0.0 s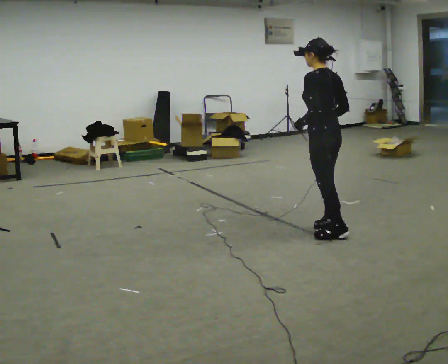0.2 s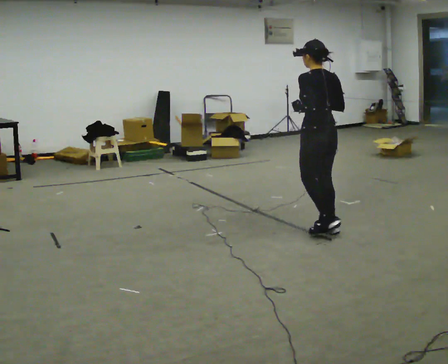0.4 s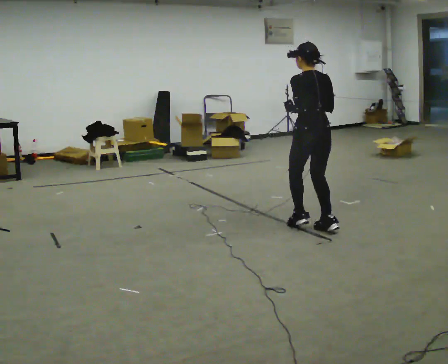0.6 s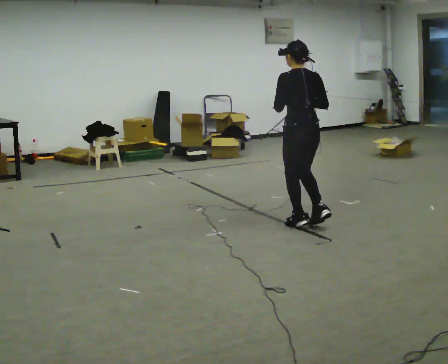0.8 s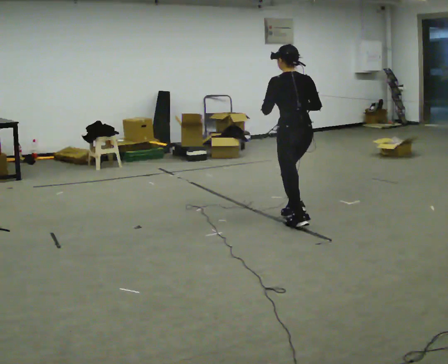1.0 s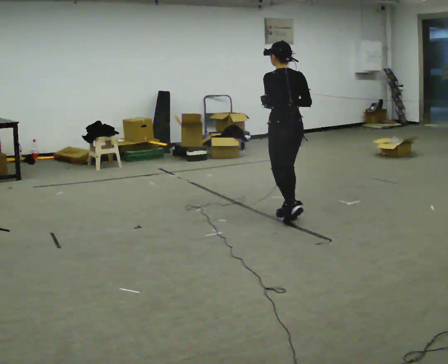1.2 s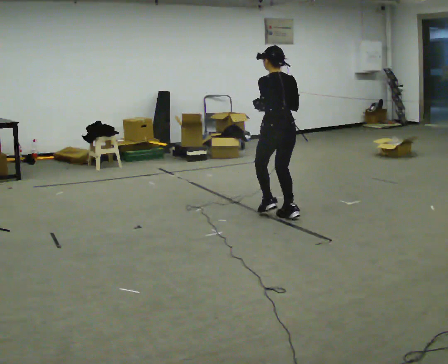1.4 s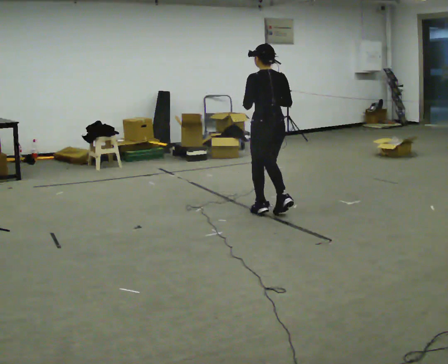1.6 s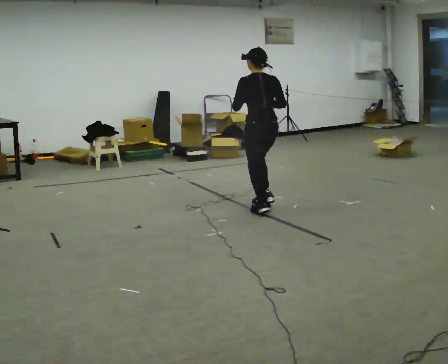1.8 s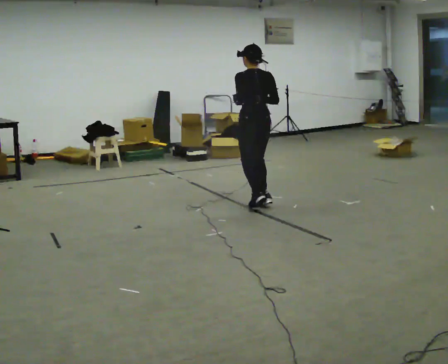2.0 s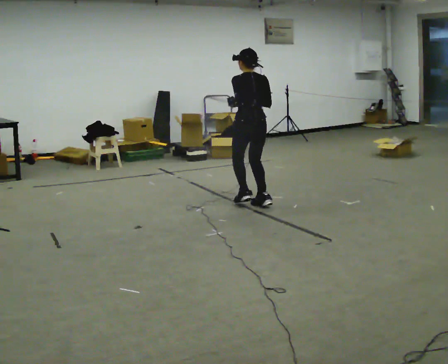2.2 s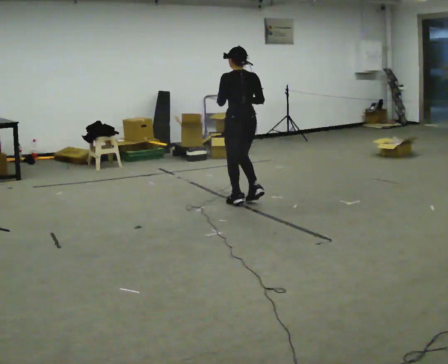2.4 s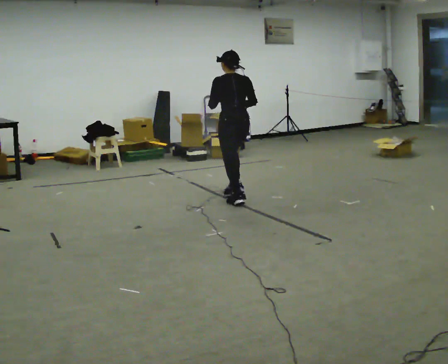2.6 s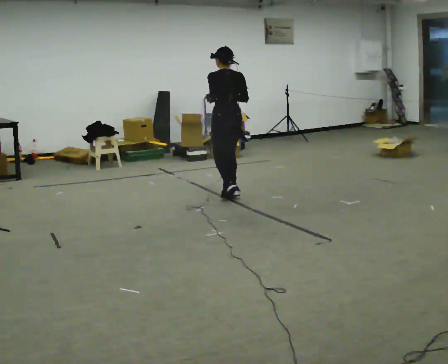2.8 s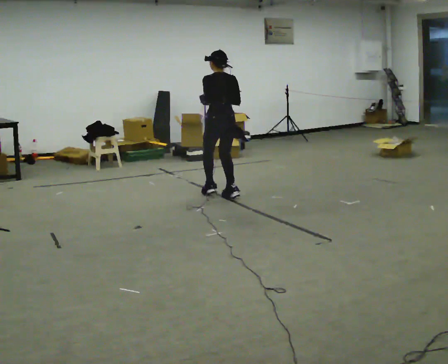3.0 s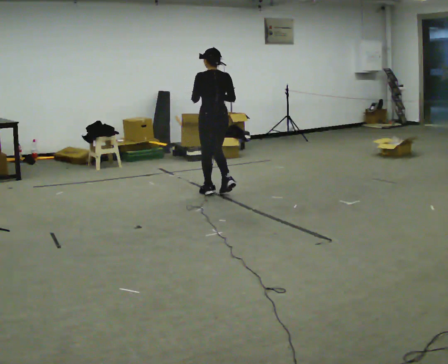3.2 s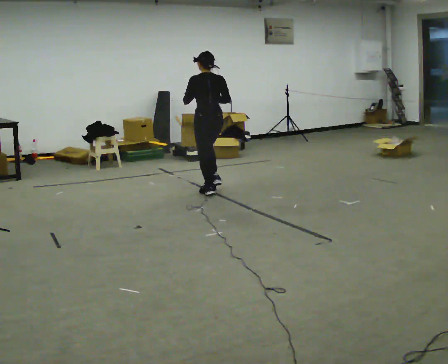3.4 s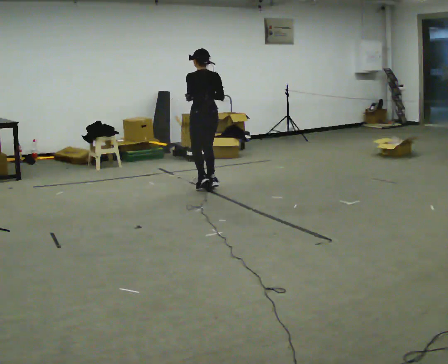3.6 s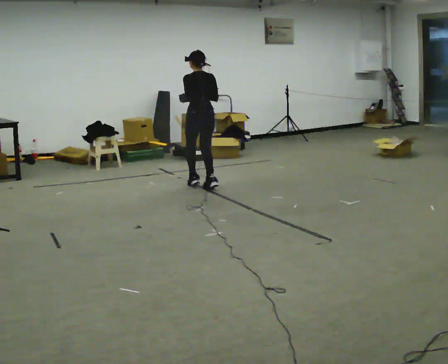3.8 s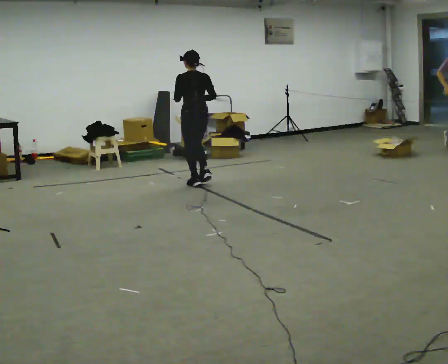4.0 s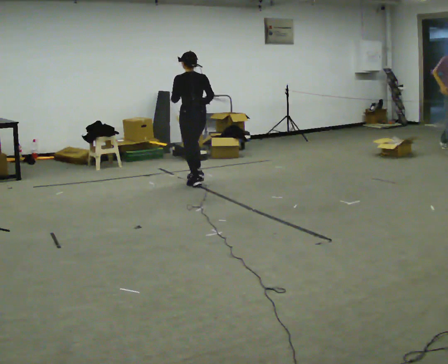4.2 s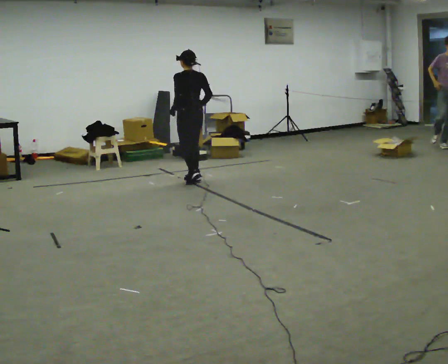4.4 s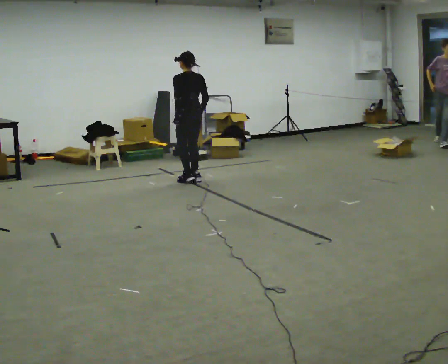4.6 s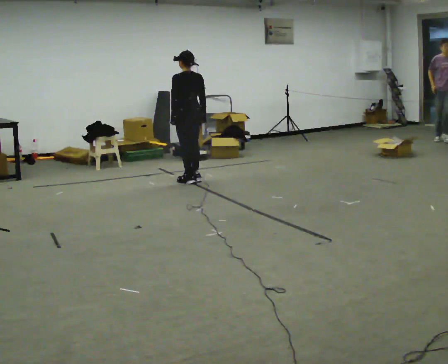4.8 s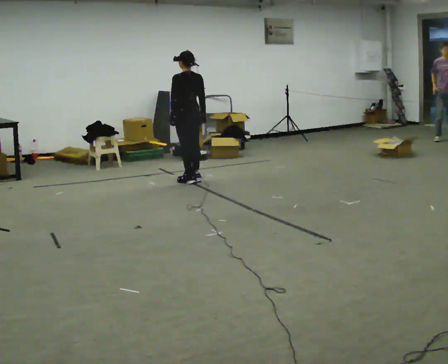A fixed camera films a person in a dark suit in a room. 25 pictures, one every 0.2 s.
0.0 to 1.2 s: In the picture they go away from the camera and to the left, about 0.5 m in 3 steps, which for them is forward.
1.2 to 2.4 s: In the picture they go away from the camera and to the left, about 0.75 m in 3 steps, which for them is forward.
2.4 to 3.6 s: In the picture they go away from the camera and to the left, about 0.75 m in 3 steps, which for them is forward.
3.6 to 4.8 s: In the picture they go away from the camera and to the left, about 0.25 m in 2 steps, which for them is forward.
The film runs backward here.
